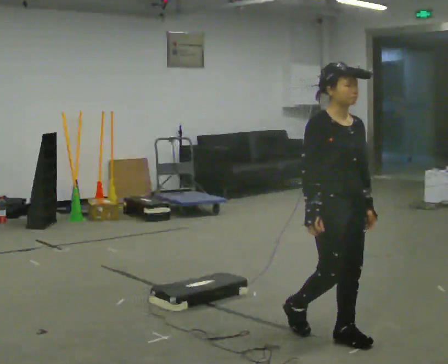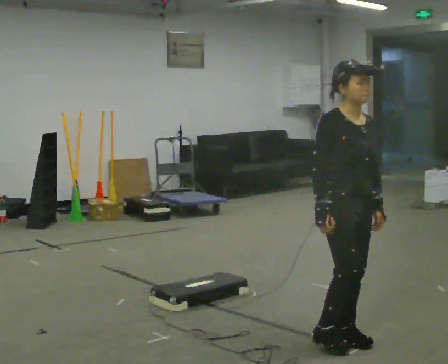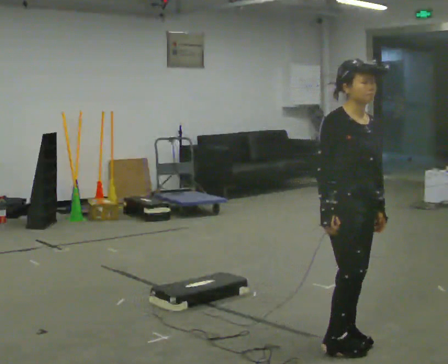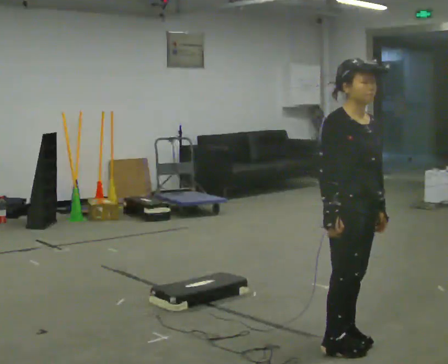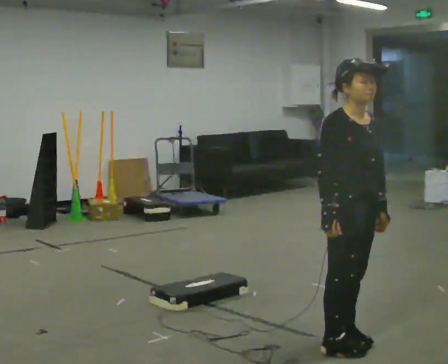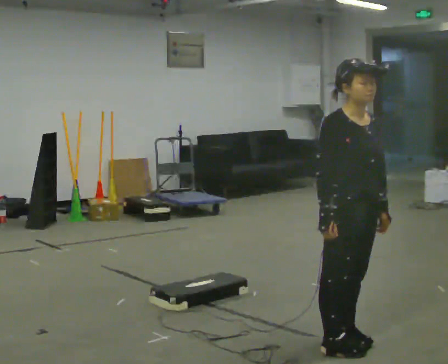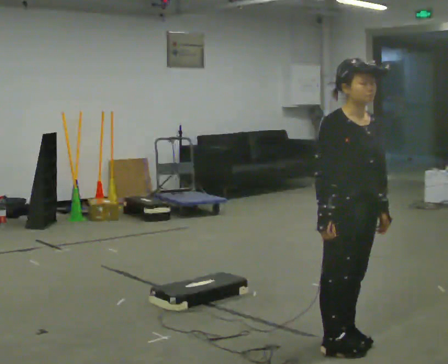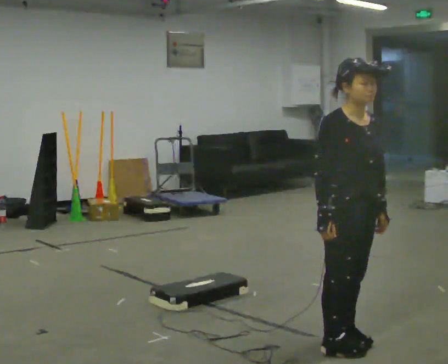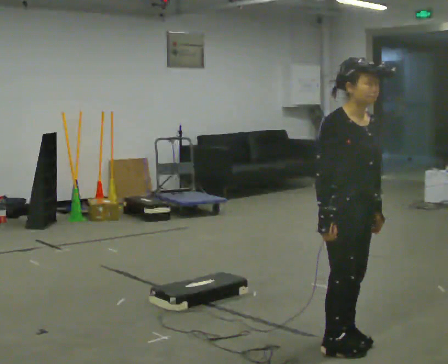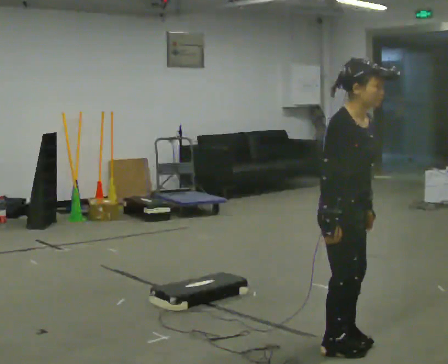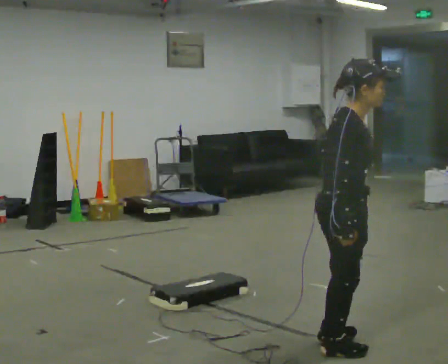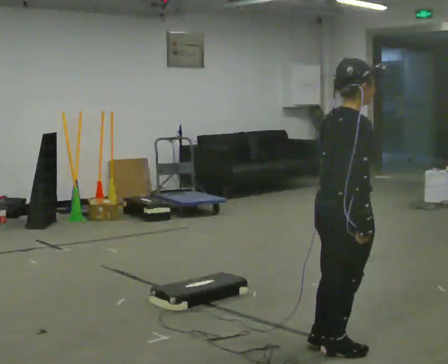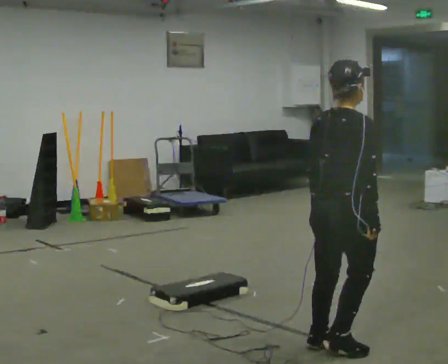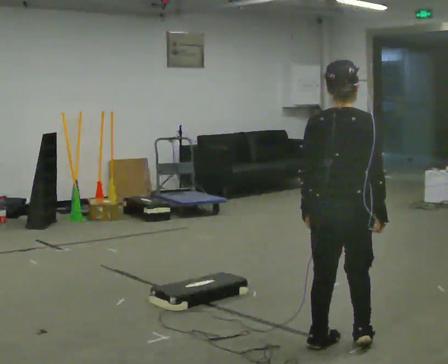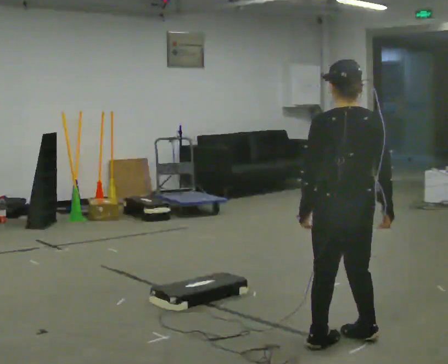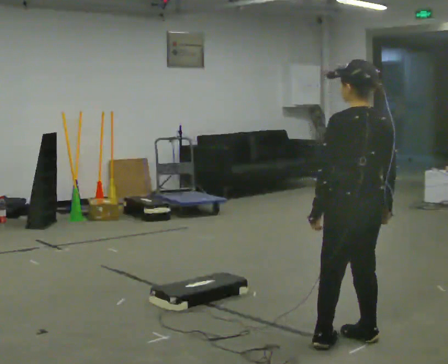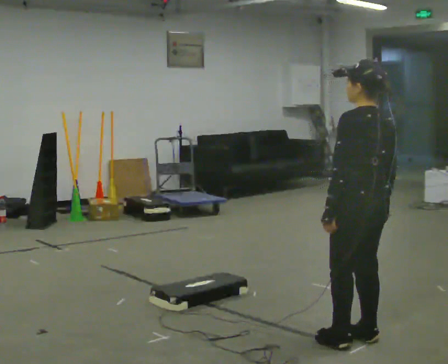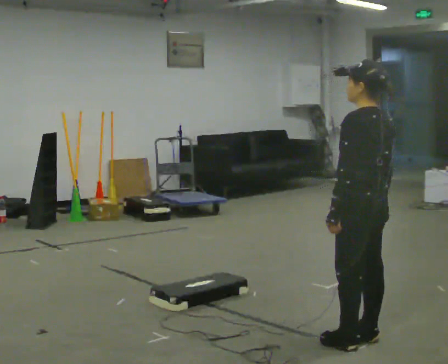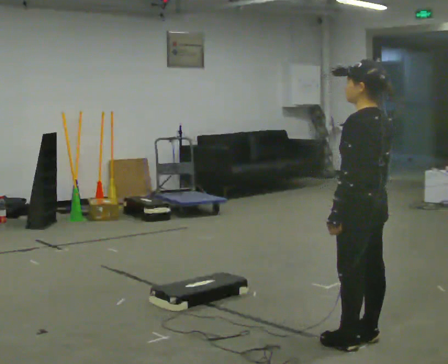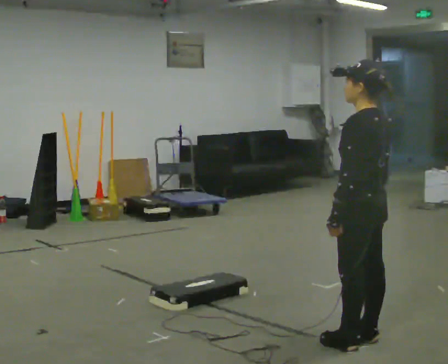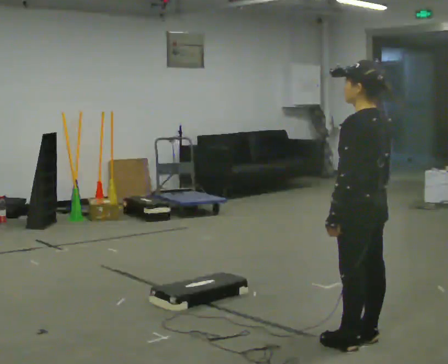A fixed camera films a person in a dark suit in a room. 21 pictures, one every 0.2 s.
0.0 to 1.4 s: The person moves a little, or ends about where they began.
1.4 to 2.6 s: Seen from above the body turns counterclockwise, about 120 degrees: to their left, with its near side sliding to the right. In the picture their left hand goes to the left, the arm swinging clockwise.
2.6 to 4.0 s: The part of the body nearest the lens slides to the right as the person turns to their left by about 60 degrees.
The film runs forward here.
